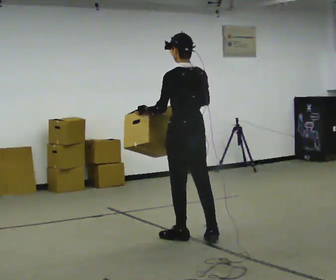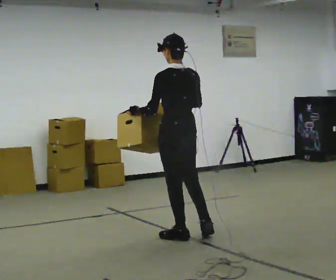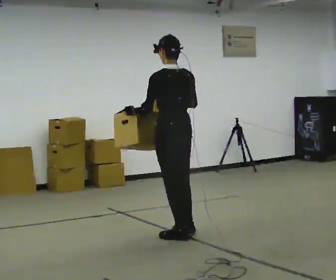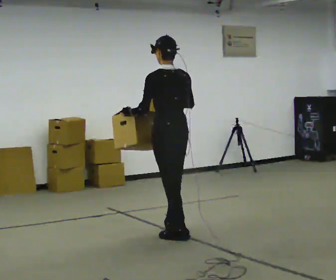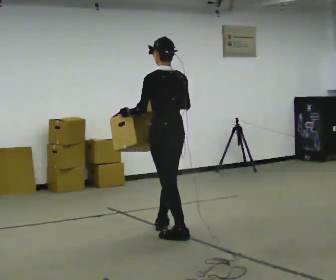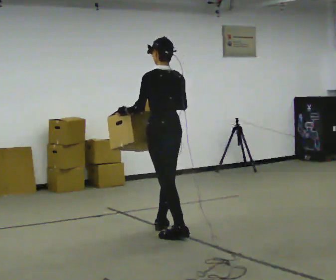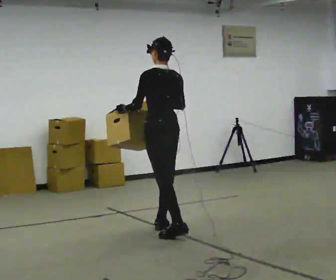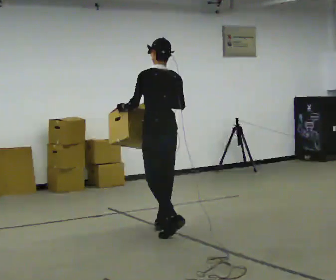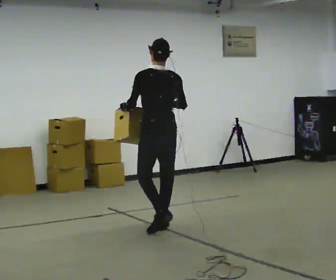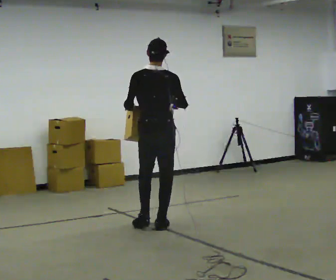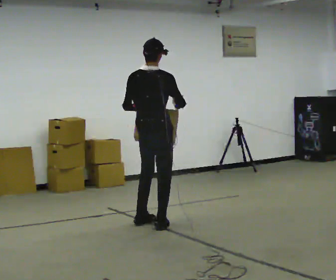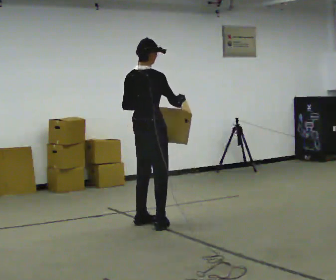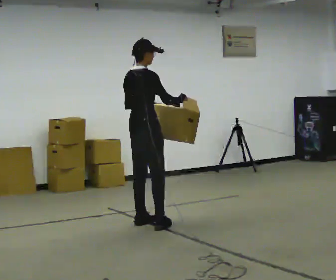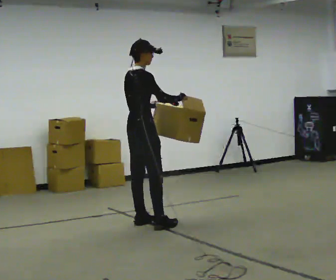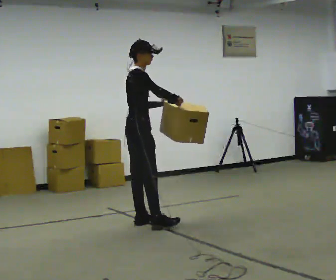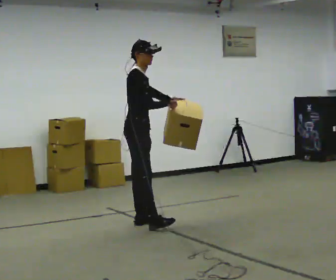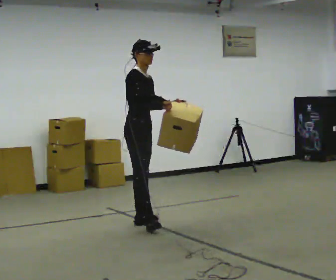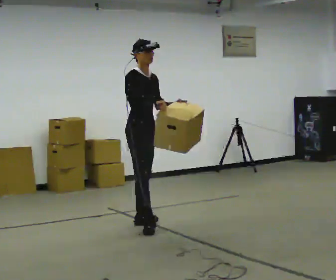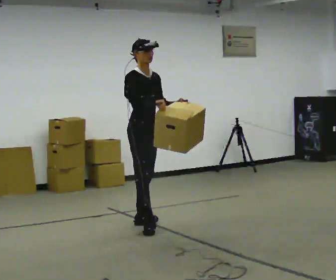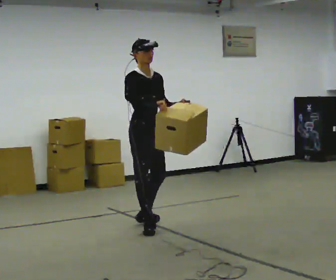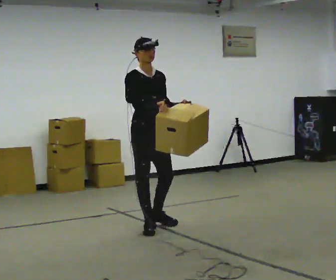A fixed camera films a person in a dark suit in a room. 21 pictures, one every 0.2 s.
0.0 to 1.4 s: In the picture they go away from the camera and to the left, about 0.5 m in 1 step, which for them is forward.
1.4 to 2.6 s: The part of the body nearest the lens slides to the left as the person turns to their right by about 90 degrees. In the picture they go away from the camera and to the left, about 0.25 m in 1 step.
2.6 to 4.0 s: The part of the body nearest the lens slides to the left as the person turns to their right by about 75 degrees. In the picture they go toward the camera, about 0.25 m.
The film runs forward here.
